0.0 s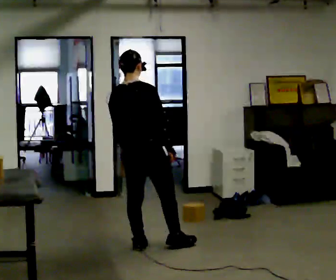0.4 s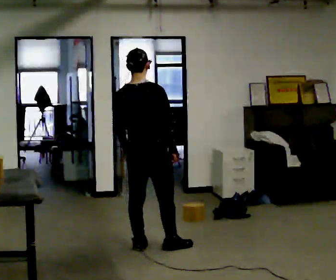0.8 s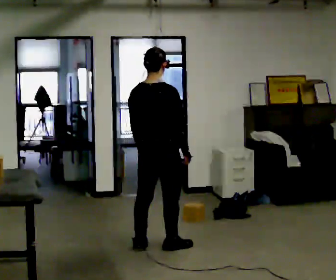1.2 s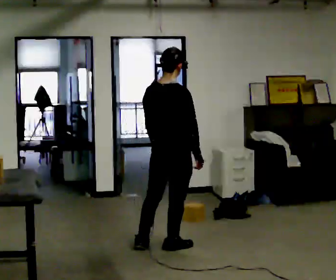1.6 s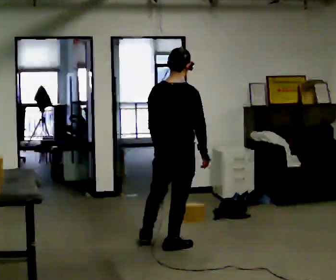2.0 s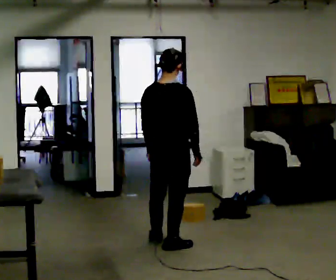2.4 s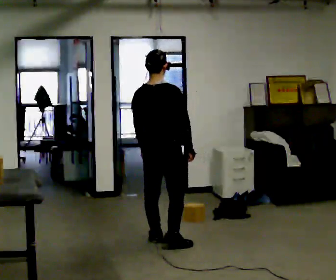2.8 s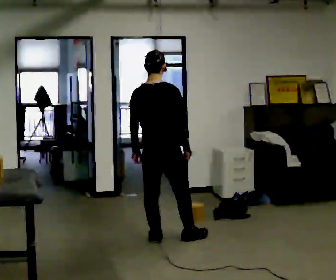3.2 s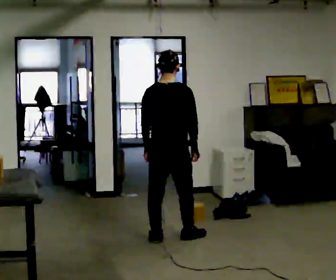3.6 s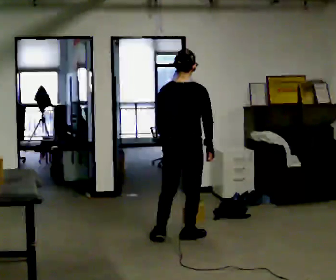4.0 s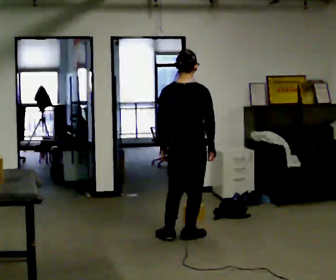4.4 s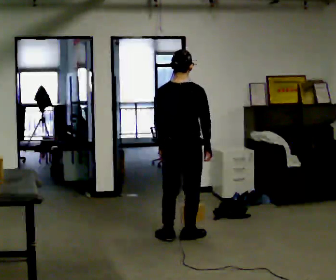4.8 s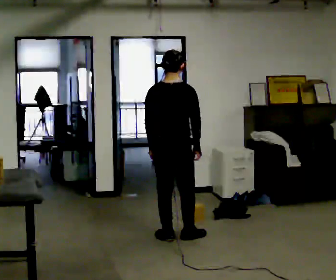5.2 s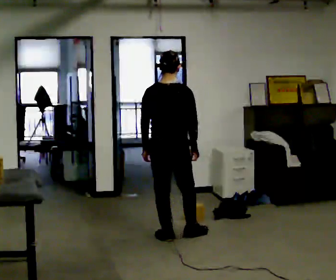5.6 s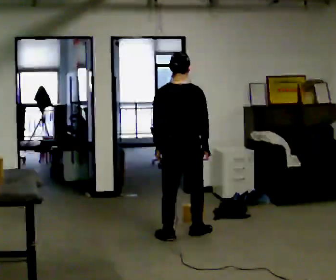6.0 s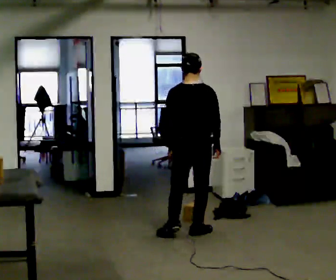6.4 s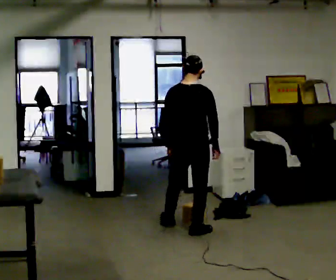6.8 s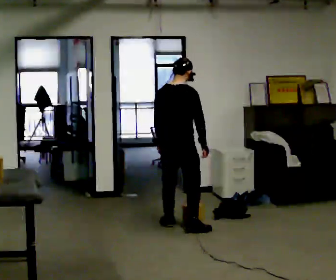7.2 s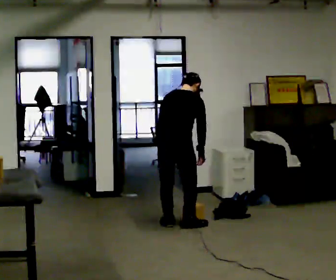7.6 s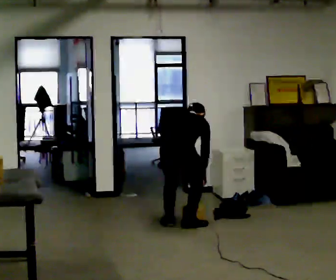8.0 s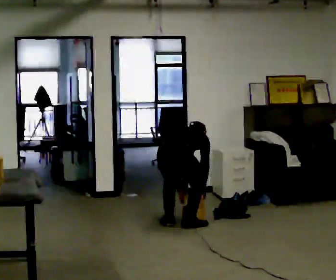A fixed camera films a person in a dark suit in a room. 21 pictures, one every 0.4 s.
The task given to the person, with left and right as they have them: Pick an object up off the floor at one end of the room, carry it across, and place it on the waist-height shelf at the other end. Keep going until the operator says stop; one object at a time, and do not rush between trips.
0.0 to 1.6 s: In the picture they go to the right, about 0.25 m, which for them is to their right and forward.
1.6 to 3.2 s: In the picture they go away from the camera, about 0.25 m in 2 steps, which for them is forward.
3.2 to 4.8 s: The person moves a little, or ends about where they began.
4.8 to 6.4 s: In the picture they go away from the camera and to the right, about 0.25 m in 2 steps, which for them is forward and to their right.
6.4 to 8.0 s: In the picture they go to the left, about 0.25 m in 1 step, which for them is to their left. The shoulders move downward. The upper body tips away from the camera, its near side rolling upward, as they bend forward. In the picture their left hand goes downward.
The film runs forward here.
